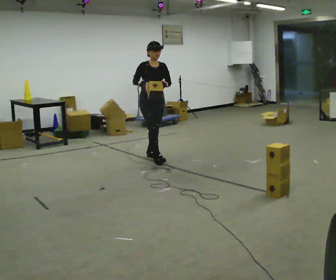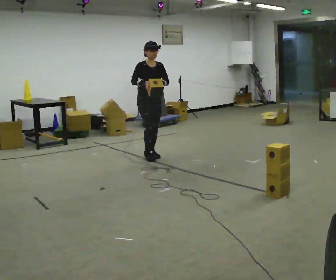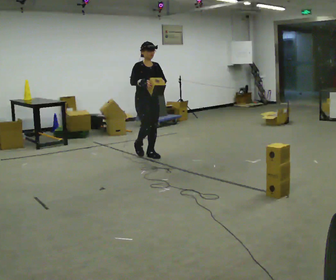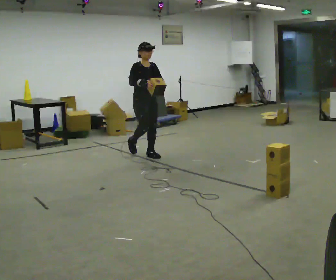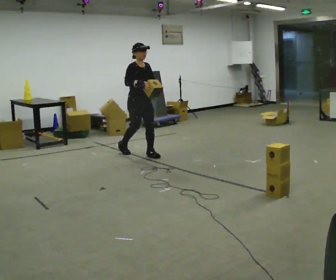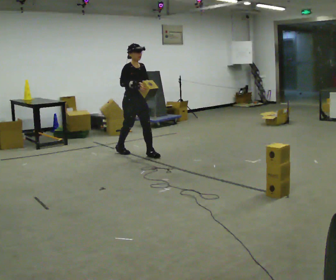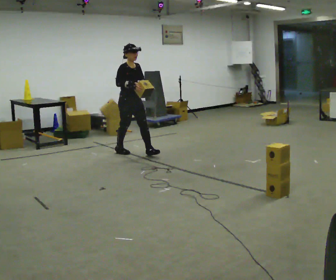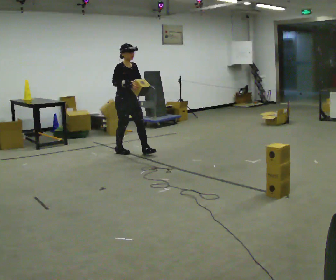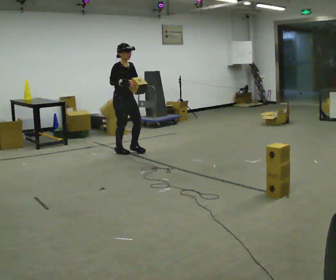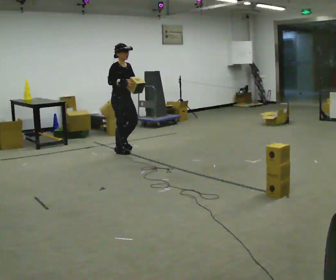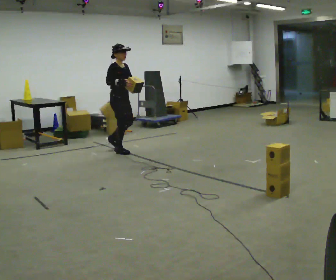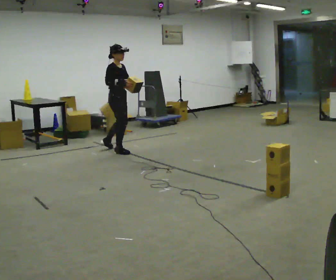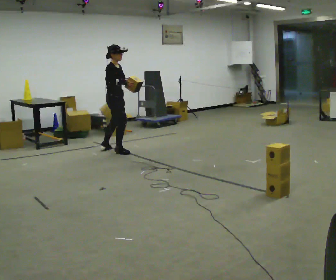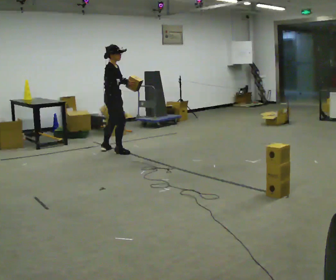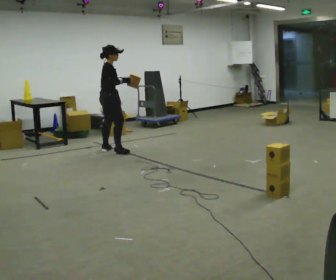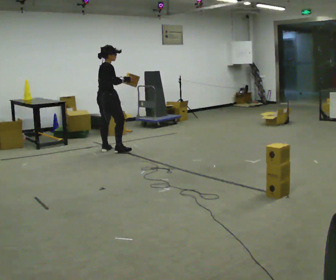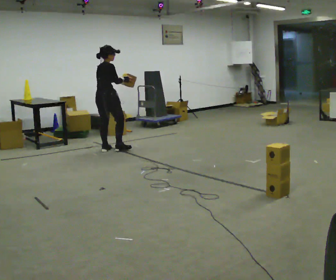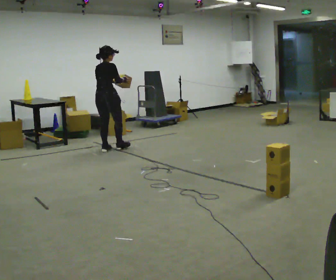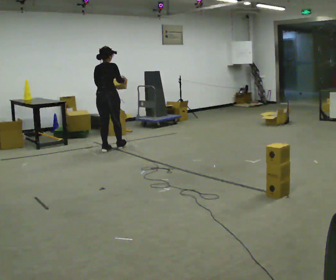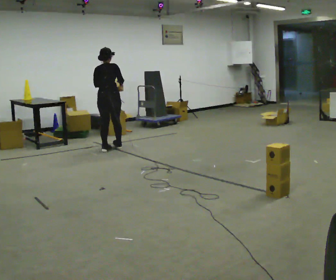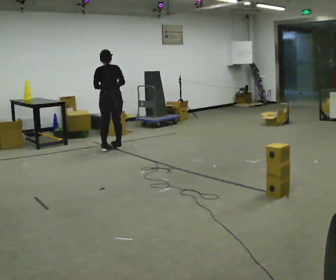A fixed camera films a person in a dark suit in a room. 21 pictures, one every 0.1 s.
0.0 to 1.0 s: Seen from above the body turns counterclockwise, about 45 degrees: to their left, with its near side sliding to the right. In the picture they go to the left and away from the camera, about 0.5 m in 1 step, which for them is backward.
1.0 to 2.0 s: Seen from above the body turns counterclockwise, about 120 degrees: to their left, with its near side sliding to the right. In the picture they go away from the camera, about 0.25 m in 1 step. The upper body tips away from the camera, its near side rolling upward.
The film runs backward here.
